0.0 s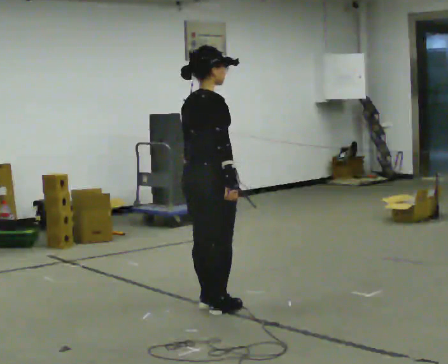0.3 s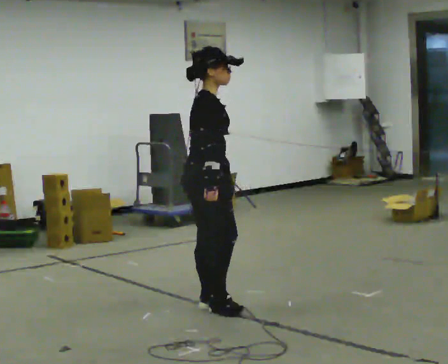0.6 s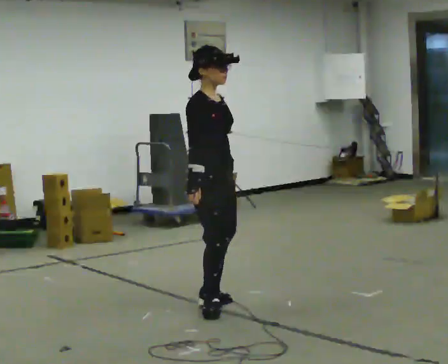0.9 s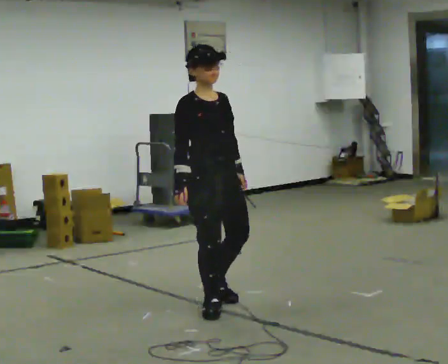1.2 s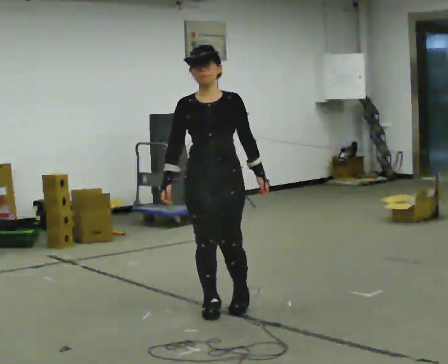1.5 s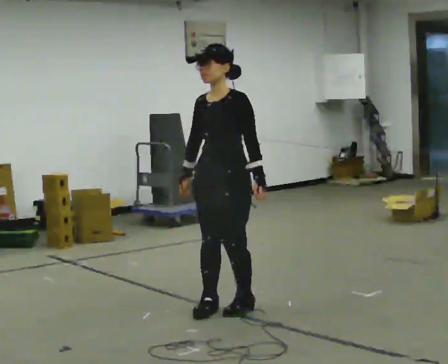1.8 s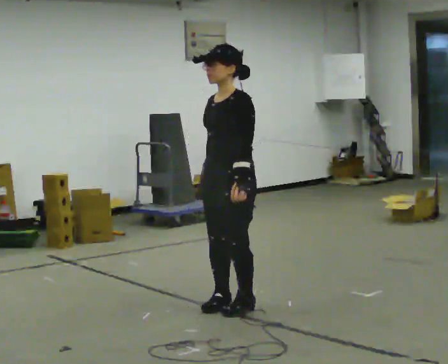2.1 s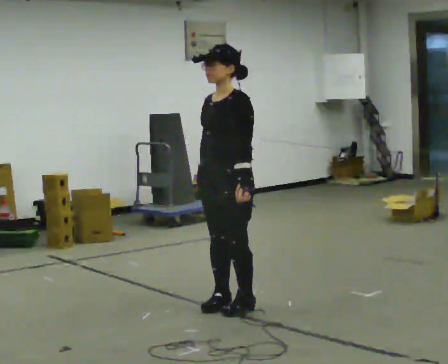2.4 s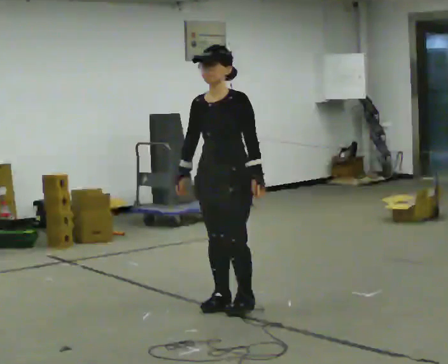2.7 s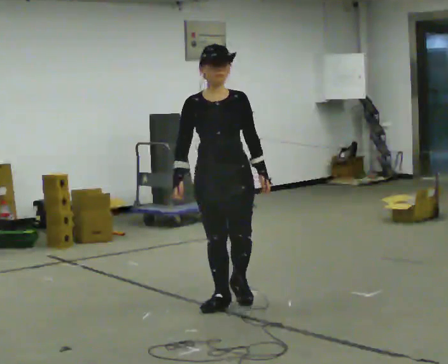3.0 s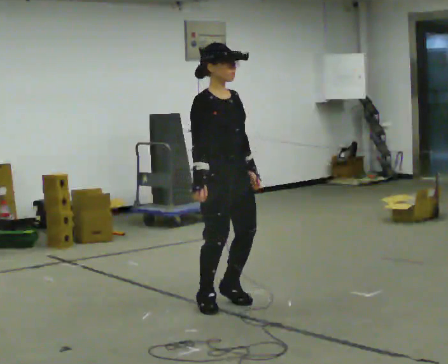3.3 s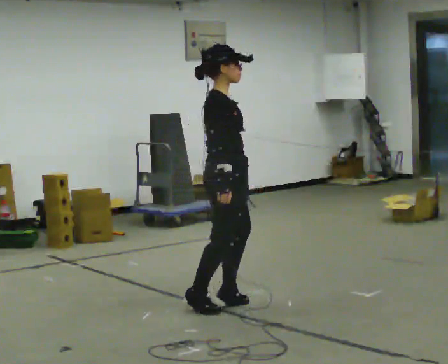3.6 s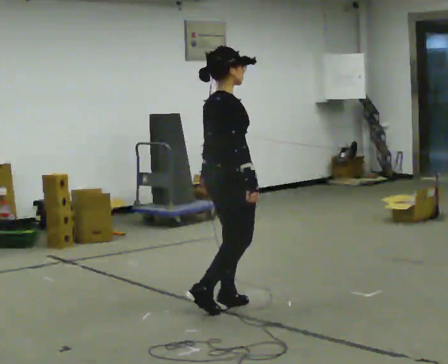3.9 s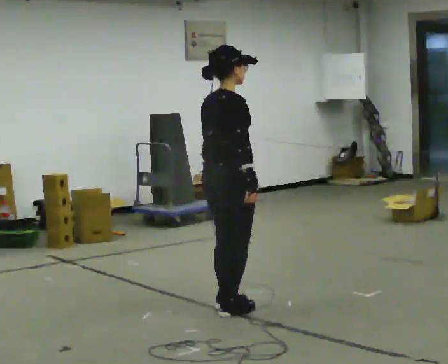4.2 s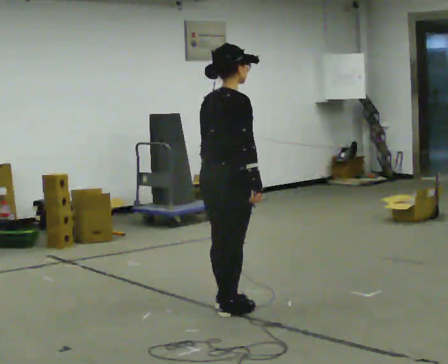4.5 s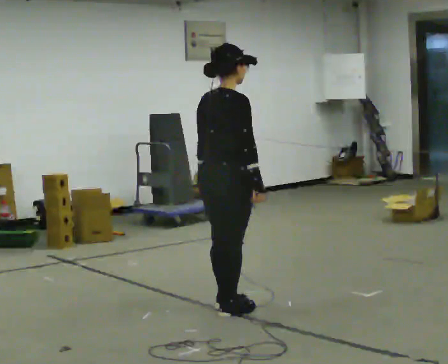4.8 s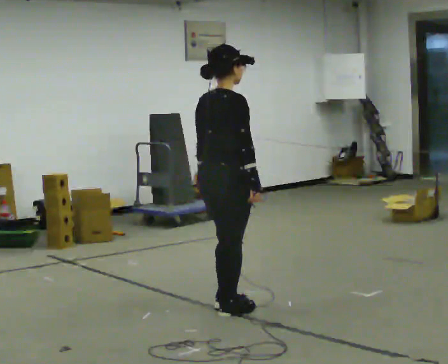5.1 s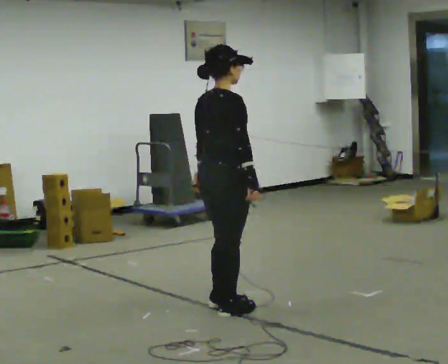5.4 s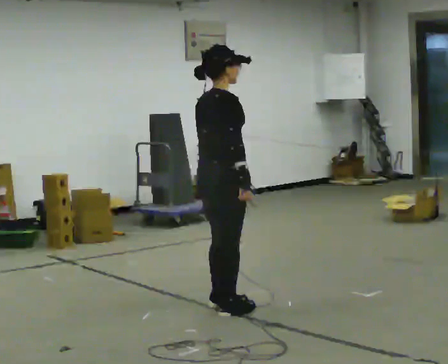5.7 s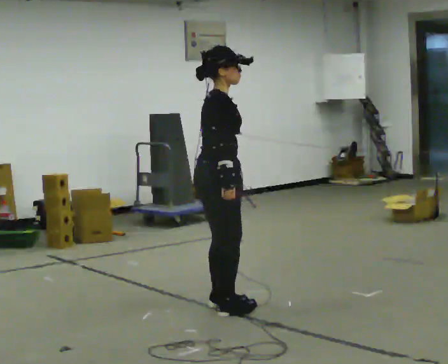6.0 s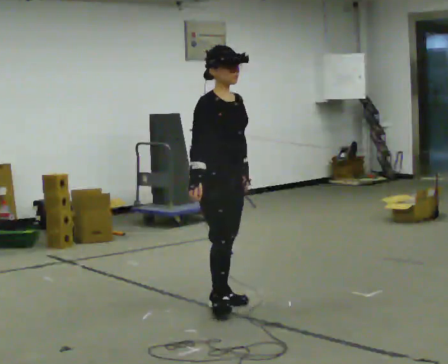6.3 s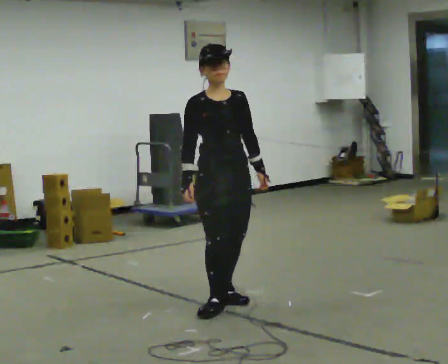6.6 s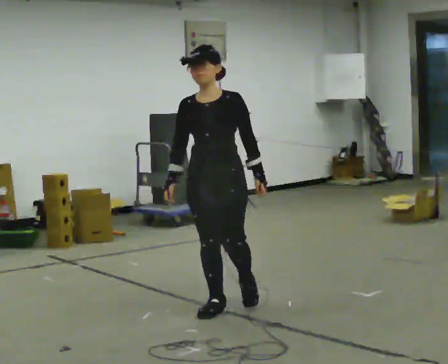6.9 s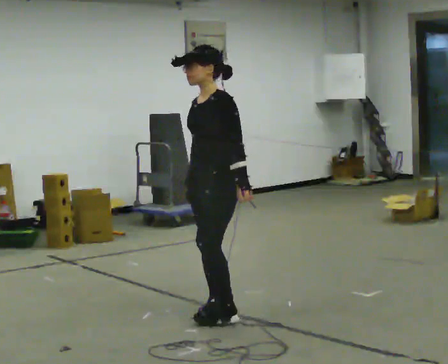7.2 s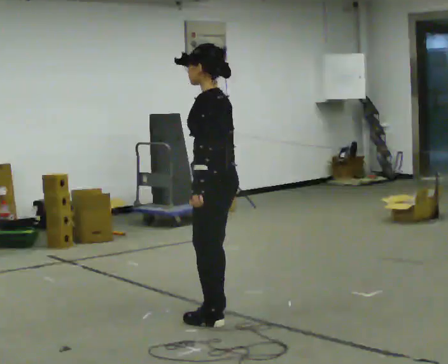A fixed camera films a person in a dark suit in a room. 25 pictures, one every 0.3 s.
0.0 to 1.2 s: The part of the body nearest the lens slides to the left as the person turns to their right by about 135 degrees. In the picture their left hand goes to the right, the arm swinging counterclockwise.
1.2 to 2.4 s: The person moves a little, or ends about where they began.
2.4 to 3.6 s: The person turns about 150 degrees to their left, counterclockwise seen from above, so the part of the body nearest the lens slides to the right. In the picture their right hand goes to the right, the arm swinging counterclockwise.
3.6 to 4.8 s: The person moves a little, or ends about where they began.
4.8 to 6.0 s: The person turns about 75 degrees to their right, clockwise seen from above, so the part of the body nearest the lens slides to the left. In the picture their right hand goes to the left.
6.0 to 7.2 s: Seen from above the body turns clockwise, about 150 degrees: to their right, with its near side sliding to the left. In the picture they go toward the camera, about 0.25 m in 1 step.
The film runs forward here.
